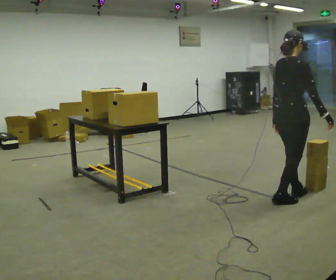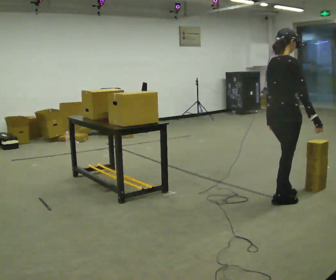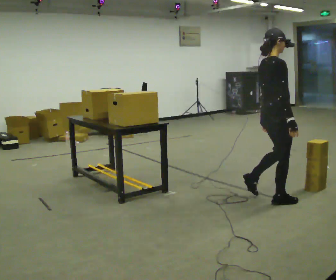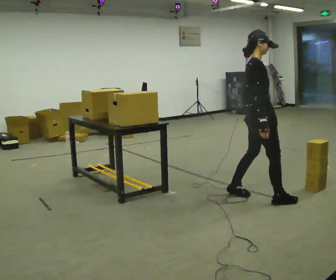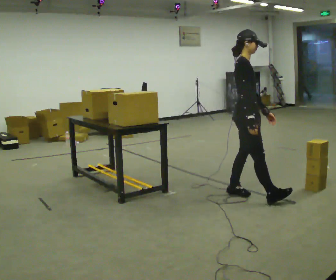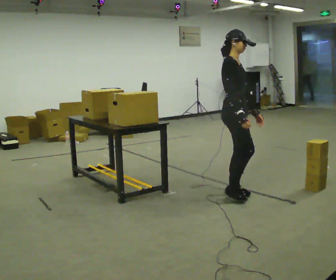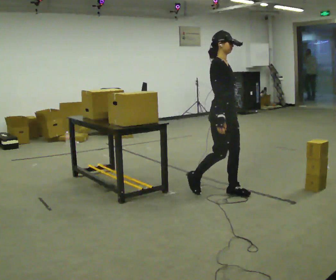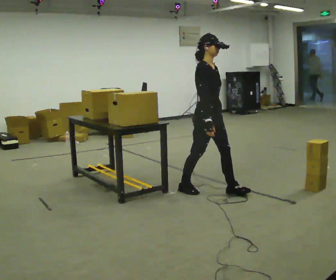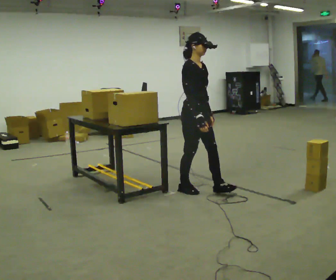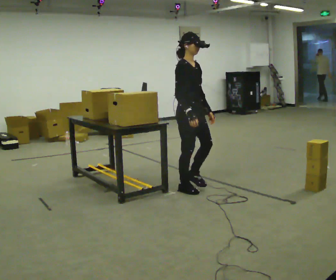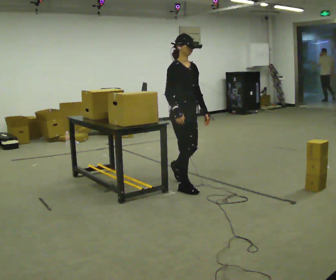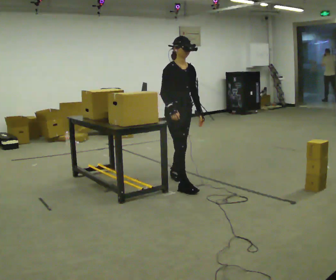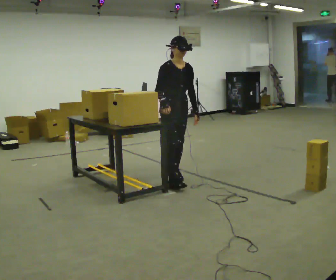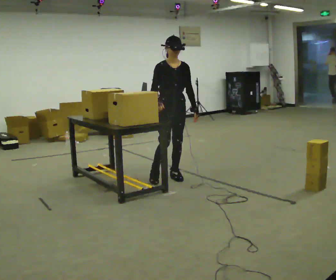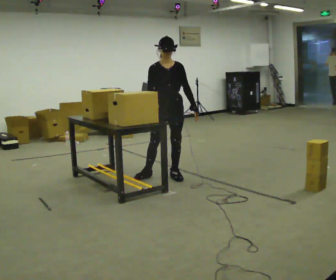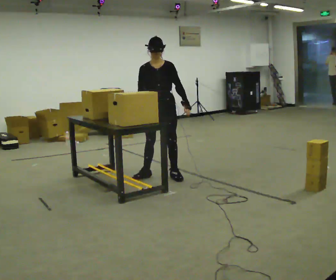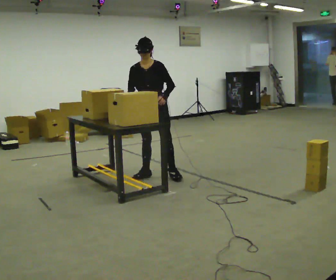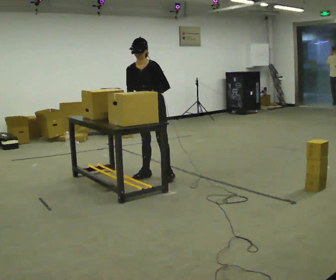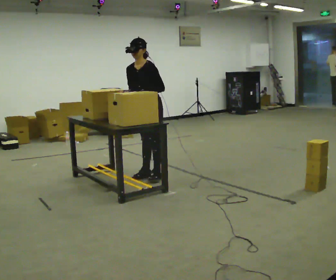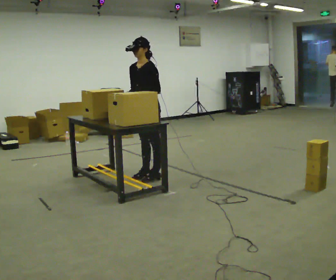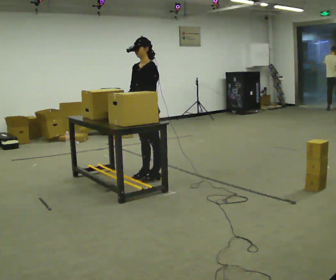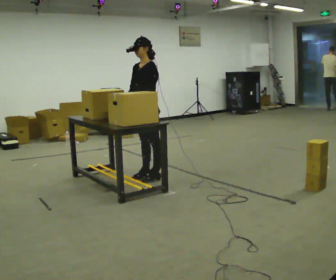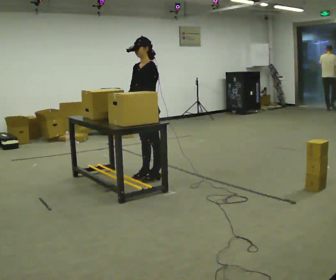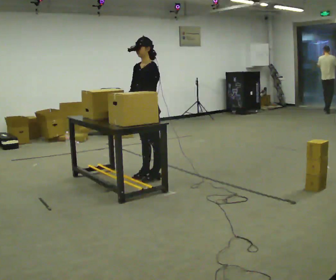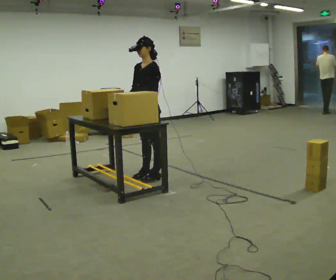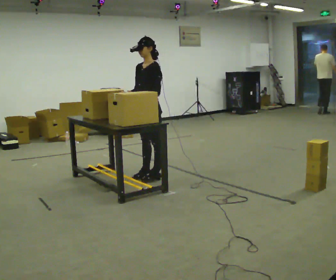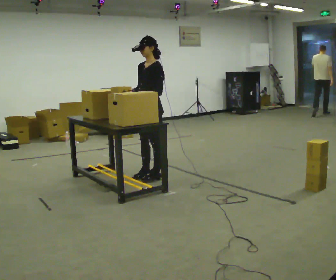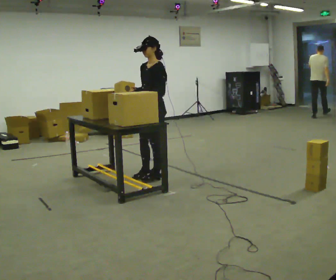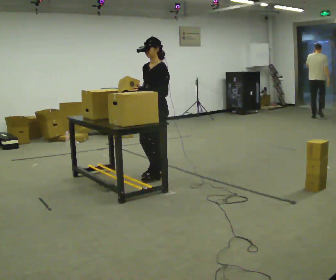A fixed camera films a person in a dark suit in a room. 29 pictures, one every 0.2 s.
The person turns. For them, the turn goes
to their right.
The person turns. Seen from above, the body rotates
clockwise.
0.0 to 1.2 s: The person turns about 60 degrees to their right, clockwise seen from above, so the part of the body nearest the lens slides to the left. In the picture they go to the left and away from the camera, about 0.75 m in 2 steps.
1.2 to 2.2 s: In the picture they go away from the camera and to the left, about 0.5 m in 1 step, which for them is backward.
2.2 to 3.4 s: The person turns about 60 degrees to their right, clockwise seen from above, so the part of the body nearest the lens slides to the left. In the picture they go away from the camera and to the left, about 0.5 m in 2 steps, which for them is backward and to their right. In the picture the upper body tilts counterclockwise, shoulders to the left.
3.4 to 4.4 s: Seen from above the body turns clockwise, about 45 degrees: to their right, with its near side sliding to the left.
4.4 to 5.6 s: The person moves a little, or ends about where they began.
The film runs backward here.
